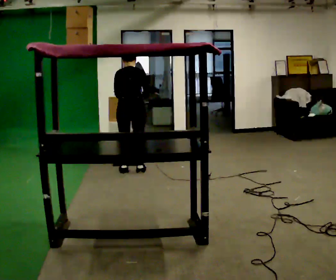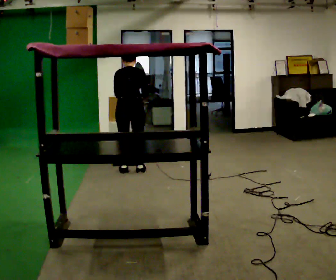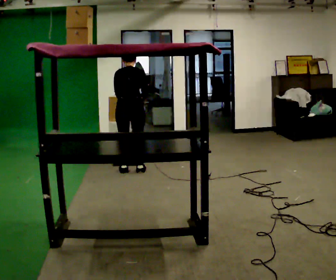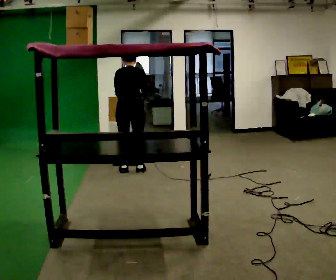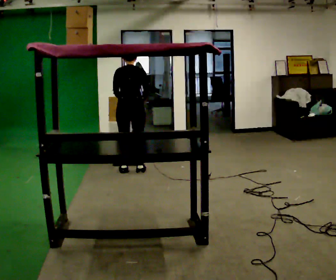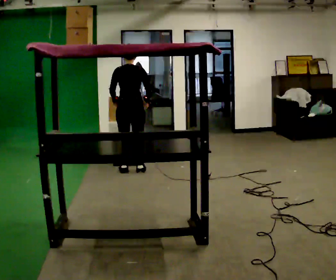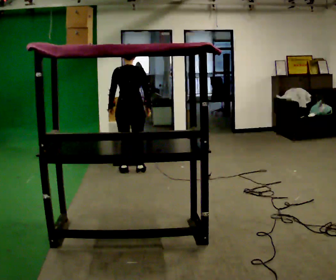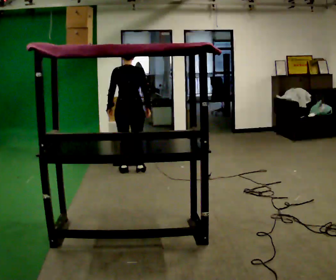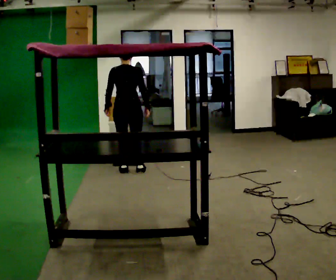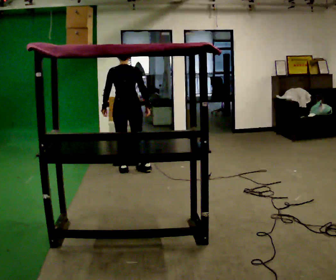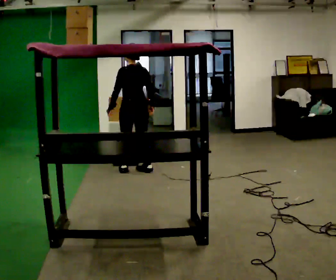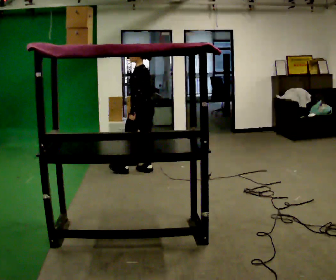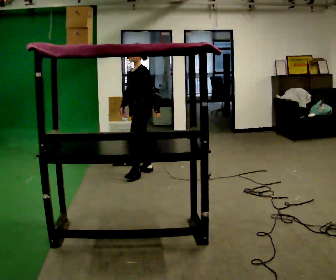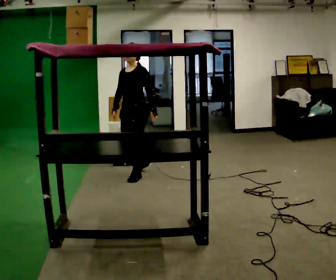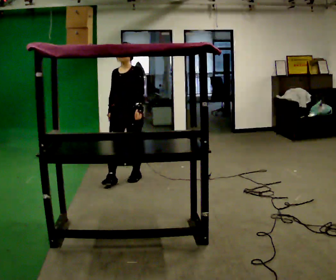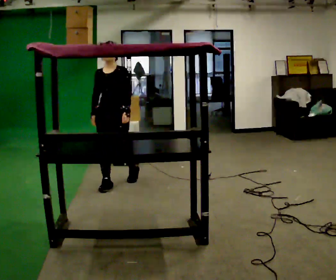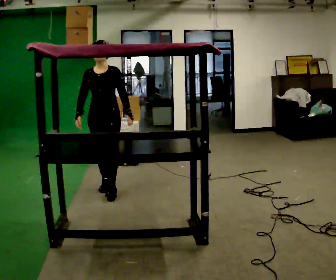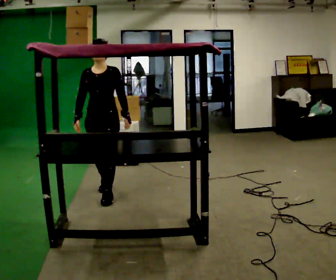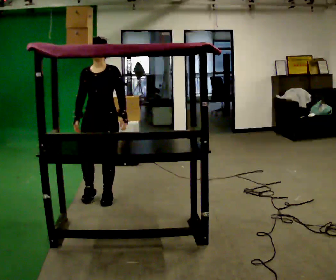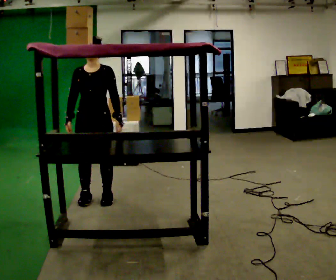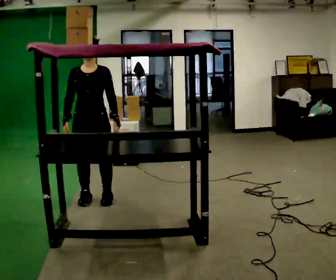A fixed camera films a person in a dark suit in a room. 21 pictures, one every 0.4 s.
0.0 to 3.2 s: The upper body tips toward the camera, its near side rolling downward, as they lean back or straighten.
3.2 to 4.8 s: The person turns about 105 degrees to their left, counterclockwise seen from above, so the part of the body nearest the lens slides to the right. In the picture they go to the right, about 0.25 m in 1 step. In the picture their left hand goes to the right, the arm swinging counterclockwise.
4.8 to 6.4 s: The part of the body nearest the lens slides to the right as the person turns to their left by about 60 degrees. In the picture they go toward the camera and to the left, about 1 m in 1 step.
6.4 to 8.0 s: In the picture they go toward the camera, about 0.5 m in 2 steps, which for them is forward.
The film runs forward here.
